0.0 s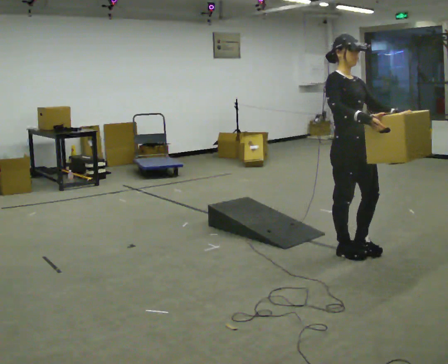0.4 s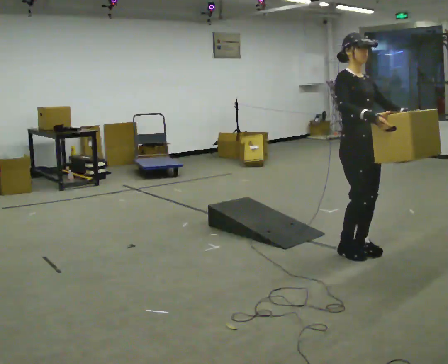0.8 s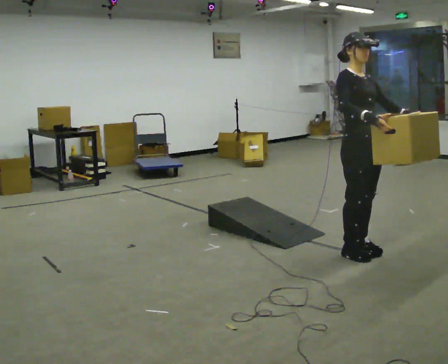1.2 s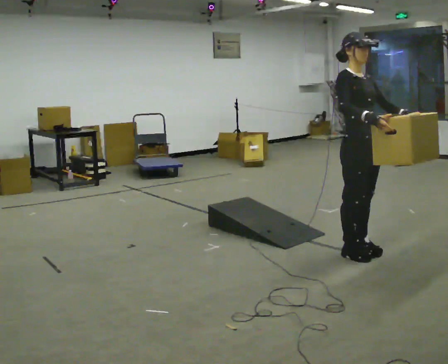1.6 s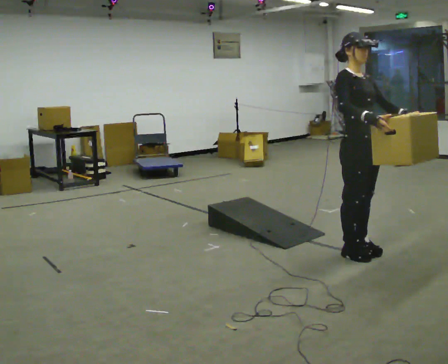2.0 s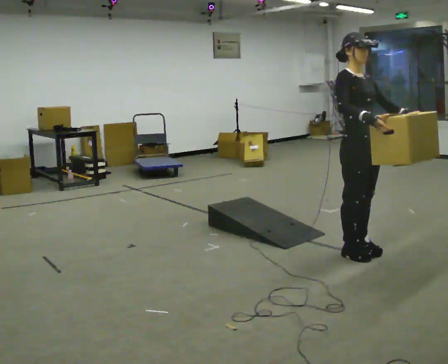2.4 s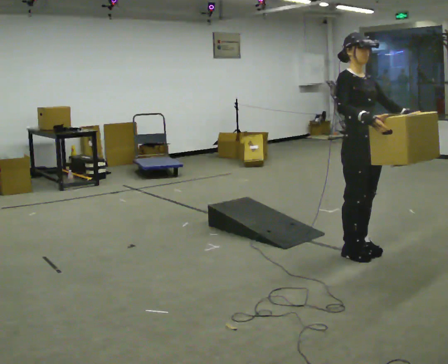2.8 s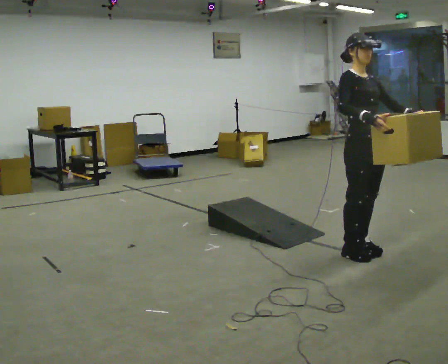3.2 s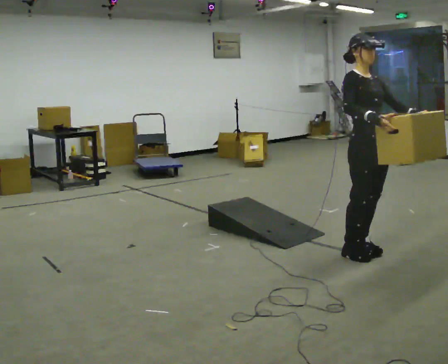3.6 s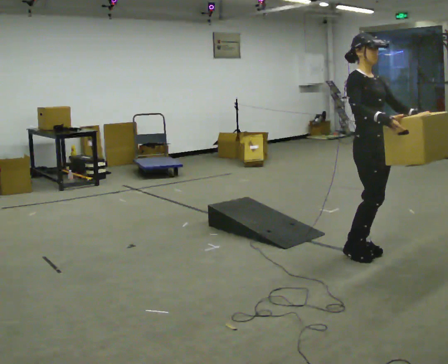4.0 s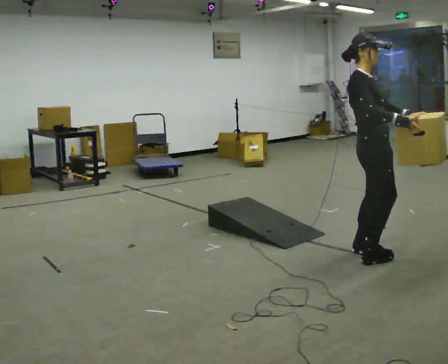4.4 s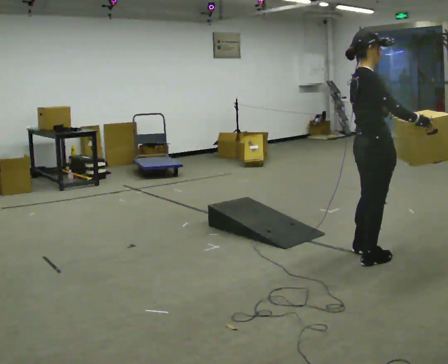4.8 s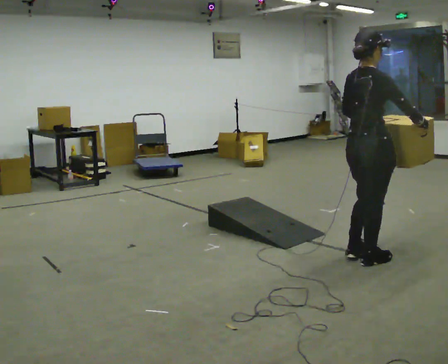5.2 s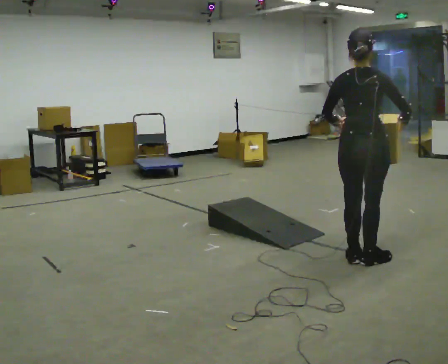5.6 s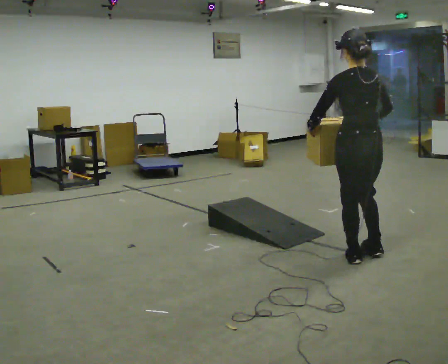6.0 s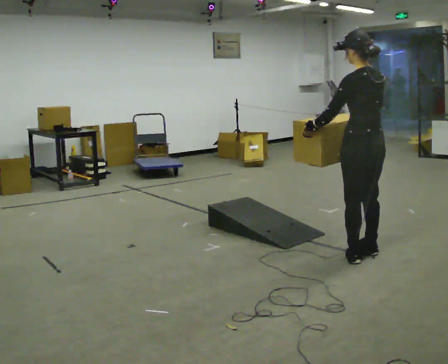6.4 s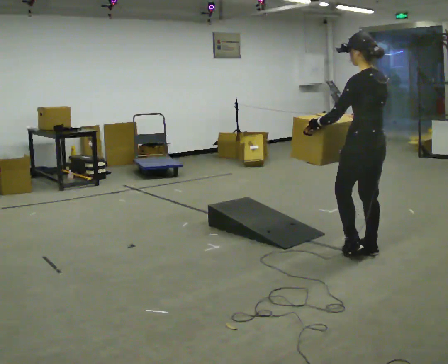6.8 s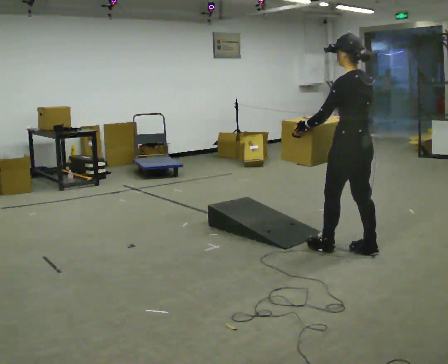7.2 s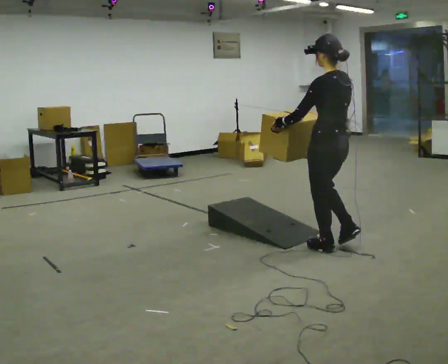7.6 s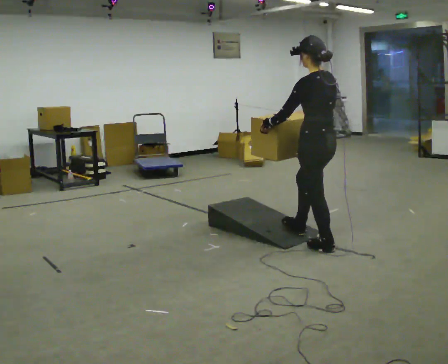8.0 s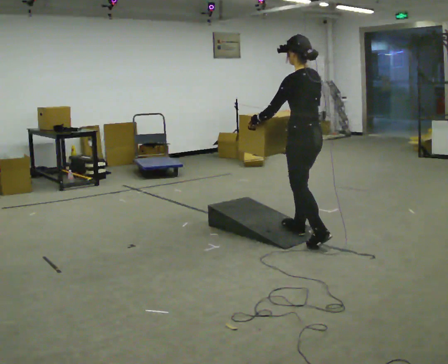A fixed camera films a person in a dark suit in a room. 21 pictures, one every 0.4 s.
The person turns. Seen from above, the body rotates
counterclockwise.
The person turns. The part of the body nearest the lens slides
to the right.
0.0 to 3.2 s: The person moves a little, or ends about where they began.
3.2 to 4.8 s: The person turns about 90 degrees to their left, counterclockwise seen from above, so the part of the body nearest the lens slides to the right. In the picture they go toward the camera, about 0.25 m in 1 step. In the picture their left hand goes to the left.
4.8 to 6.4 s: The person turns about 90 degrees to their left, counterclockwise seen from above, so the part of the body nearest the lens slides to the right. In the picture they go away from the camera, about 0.25 m in 2 steps. In the picture their right hand goes to the left.
6.4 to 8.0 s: In the picture they go to the left and away from the camera, about 0.75 m in 2 steps, which for them is forward.
The film runs forward here.
